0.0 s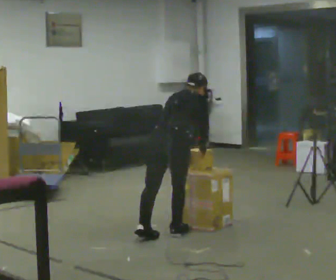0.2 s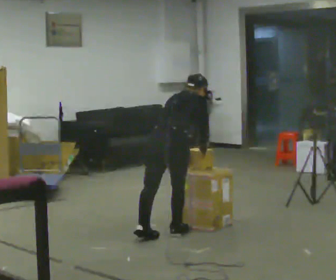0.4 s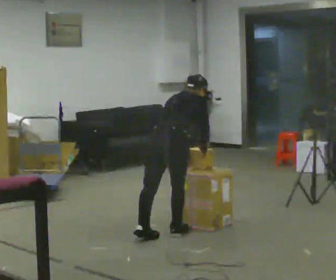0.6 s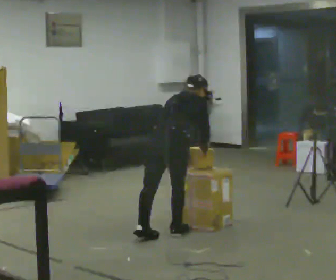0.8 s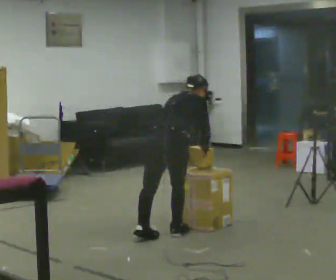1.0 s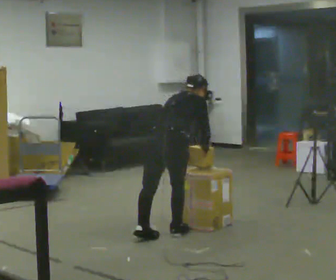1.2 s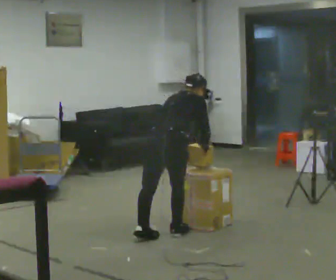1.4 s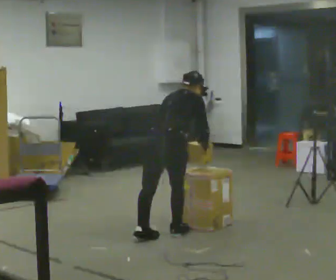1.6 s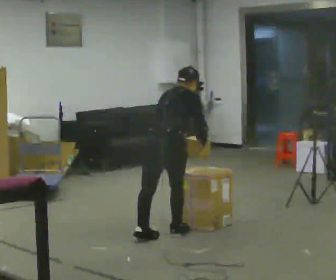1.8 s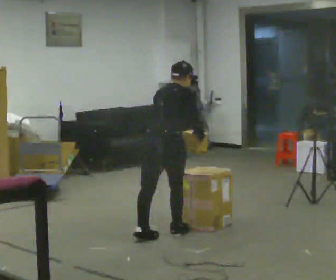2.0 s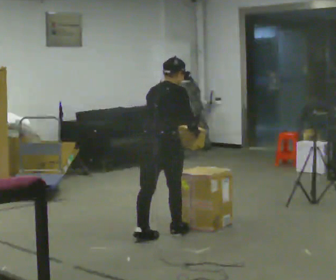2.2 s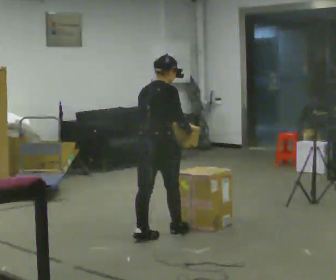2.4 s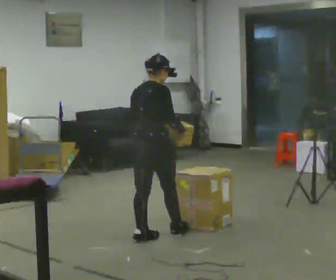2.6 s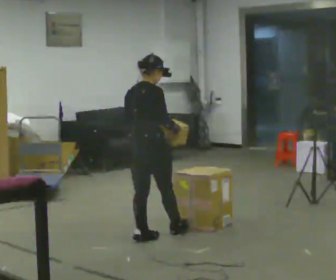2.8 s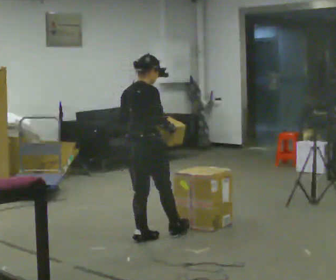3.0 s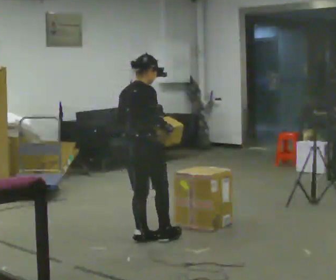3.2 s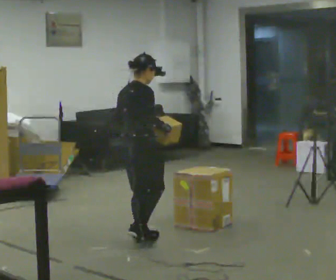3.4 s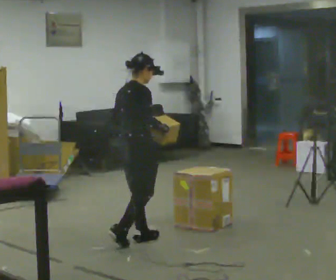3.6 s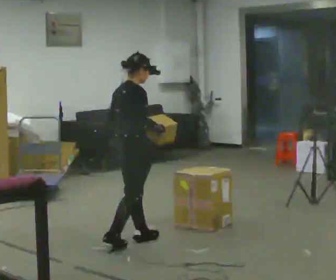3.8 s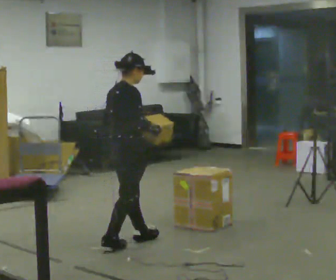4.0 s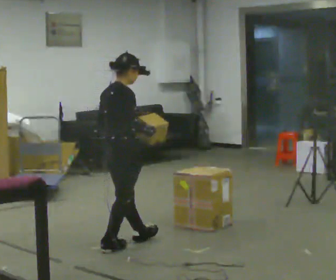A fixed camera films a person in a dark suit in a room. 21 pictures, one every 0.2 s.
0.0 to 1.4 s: The person moves a little, or ends about where they began.
1.4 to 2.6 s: In the picture they go to the left, about 0.25 m, which for them is backward. The upper body tips toward the camera, its near side rolling downward, as they lean back or straighten.
2.6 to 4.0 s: In the picture they go toward the camera and to the left, about 0.25 m in 1 step, which for them is backward.
The film runs backward here.
